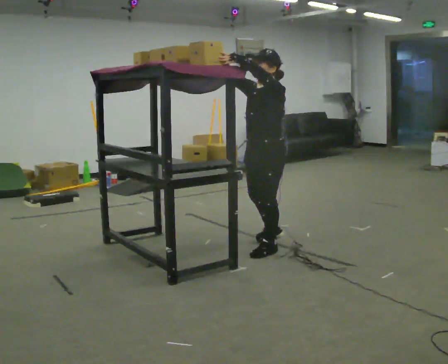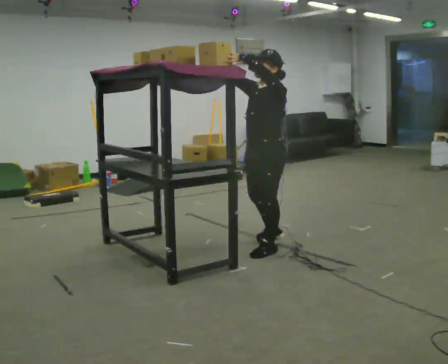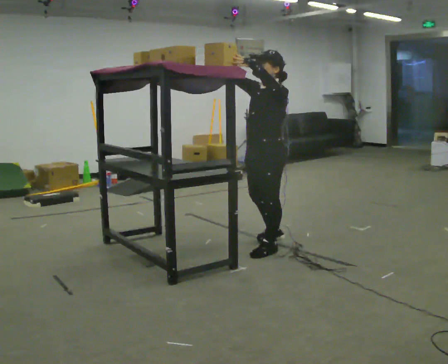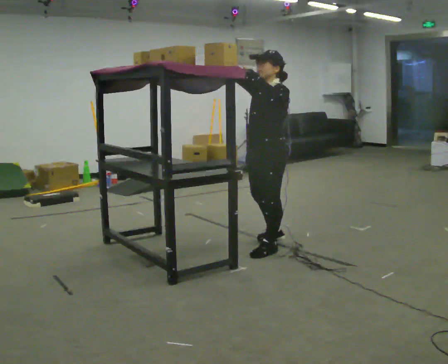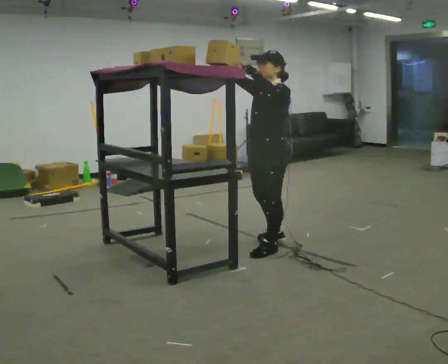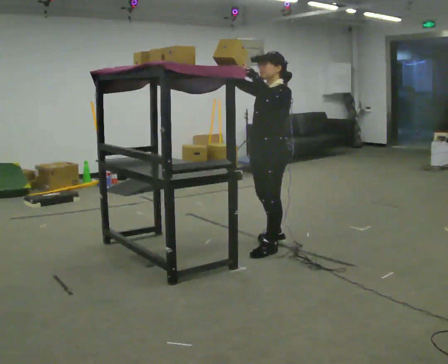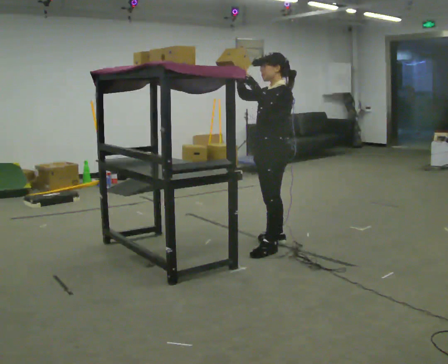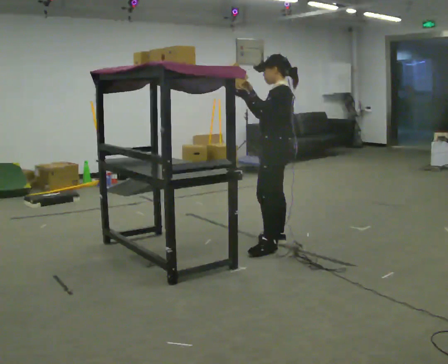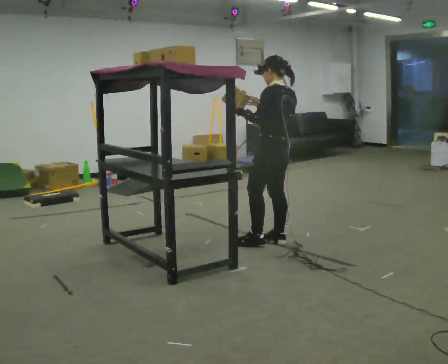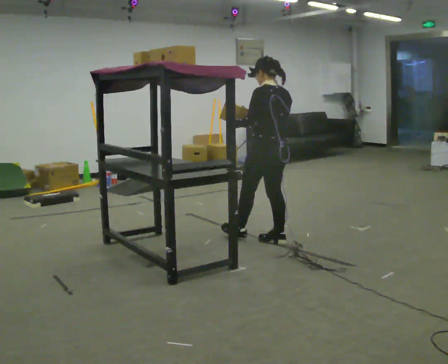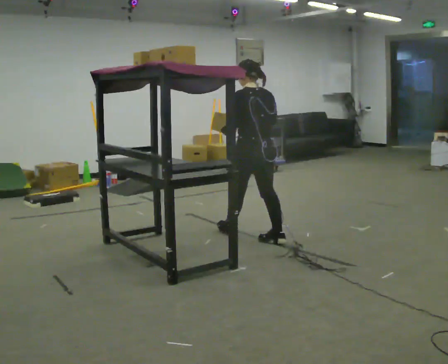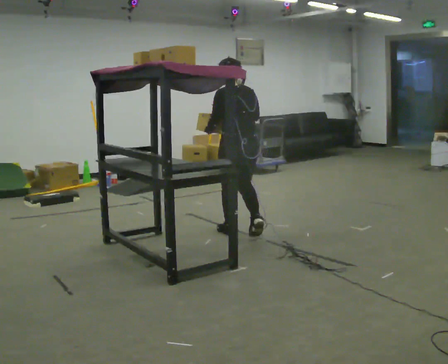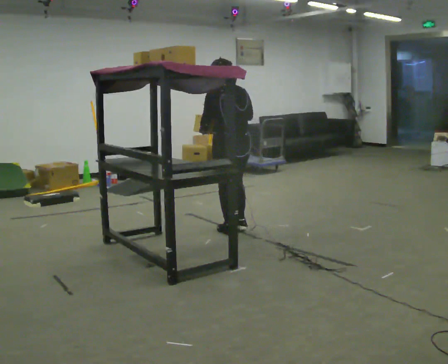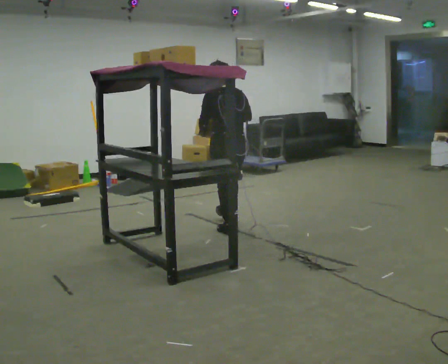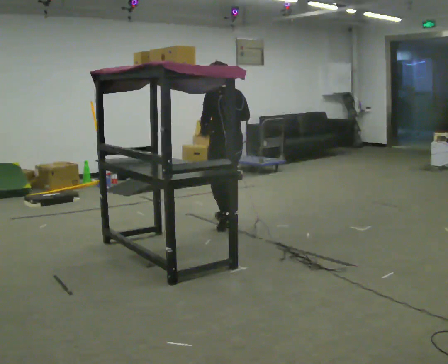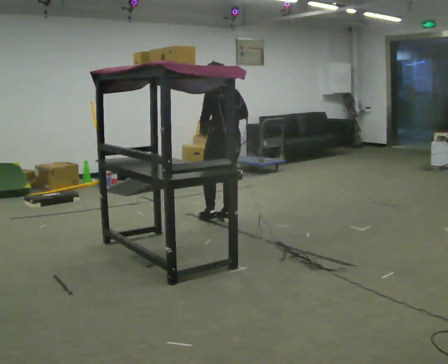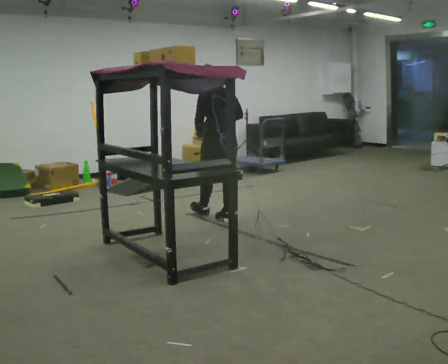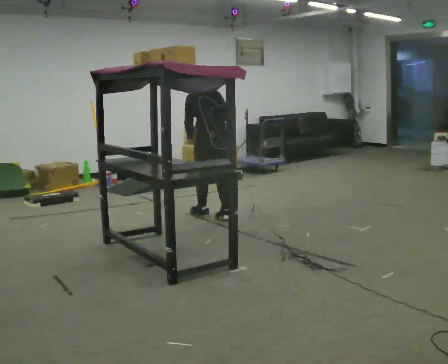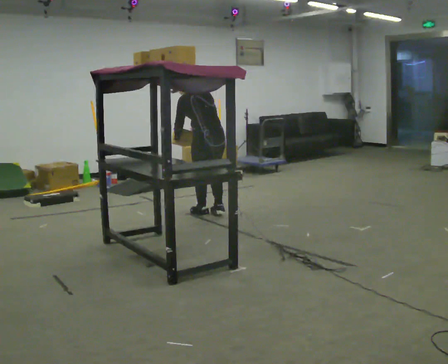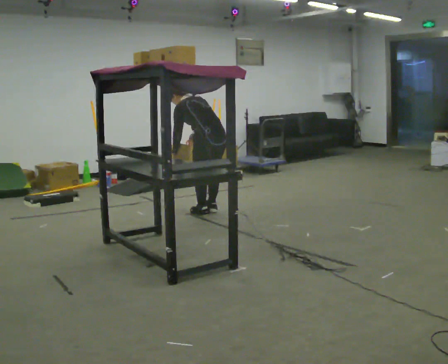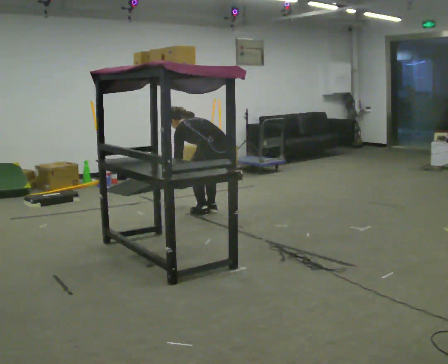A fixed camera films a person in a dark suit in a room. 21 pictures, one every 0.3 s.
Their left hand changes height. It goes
downward.
Their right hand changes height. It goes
downward.
0.0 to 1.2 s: The person moves a little, or ends about where they began.
1.2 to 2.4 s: The person turns about 60 degrees to their right, clockwise seen from above, so the part of the body nearest the lens slides to the left. In the picture they go away from the camera, about 0.25 m, which for them is to their right. In the picture their right hand goes downward and to the right.
2.4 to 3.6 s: Seen from above the body turns clockwise, about 45 degrees: to their right, with its near side sliding to the left. In the picture they go to the left and away from the camera, about 0.5 m in 1 step, which for them is forward.
3.6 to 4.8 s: In the picture they go away from the camera, about 0.5 m in 2 steps, which for them is forward.
4.8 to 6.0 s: In the picture they go away from the camera, about 0.25 m in 1 step, which for them is forward. The upper body goes downward. In the picture the upper body tilts counterclockwise, shoulders to the left, as they bend forward. In the picture their right hand goes downward and to the left.
The film runs forward here.
